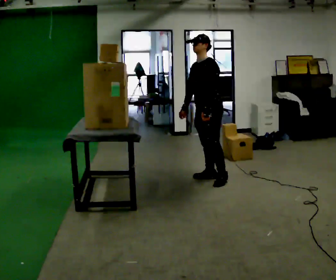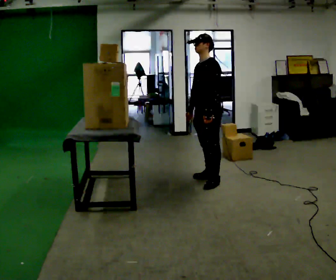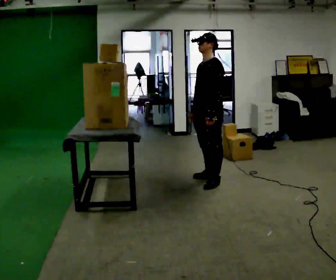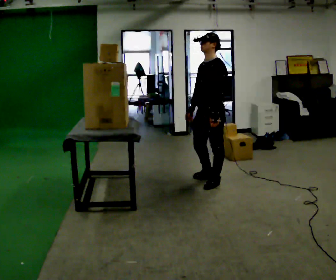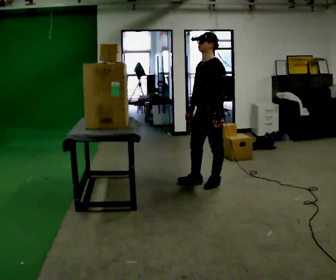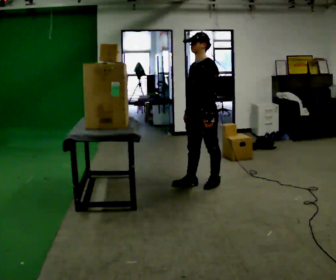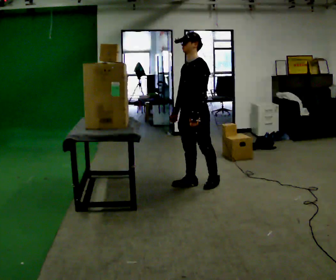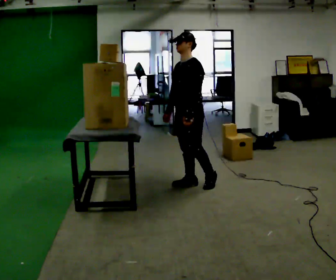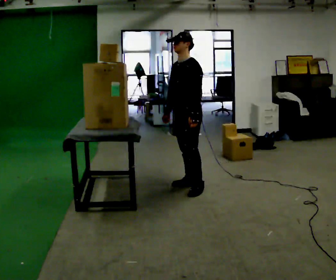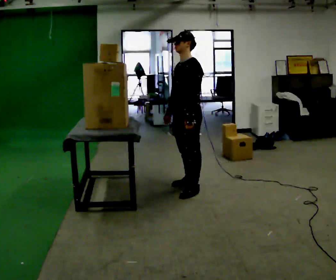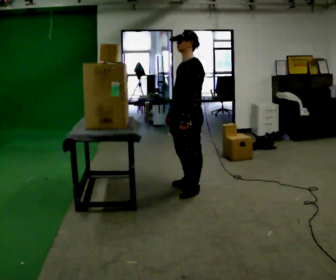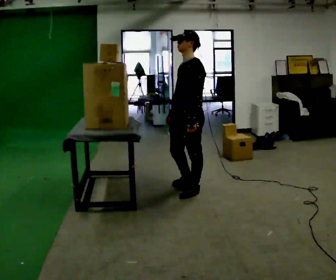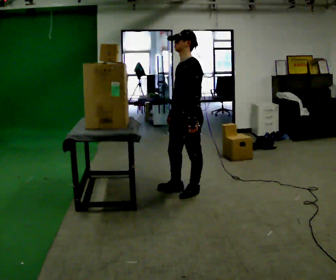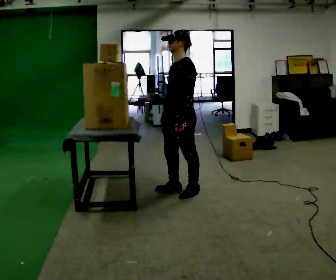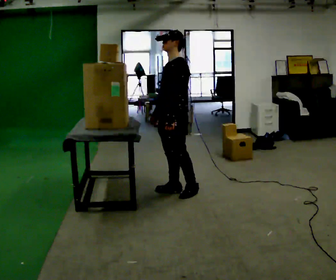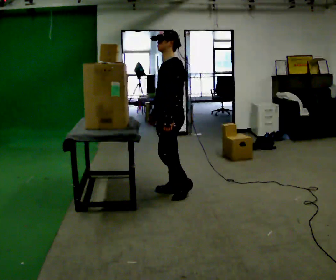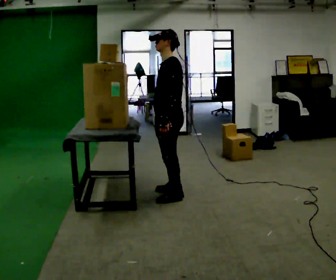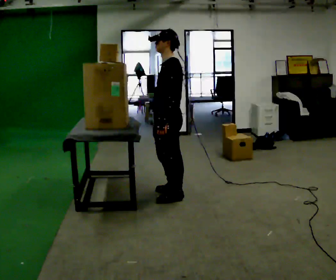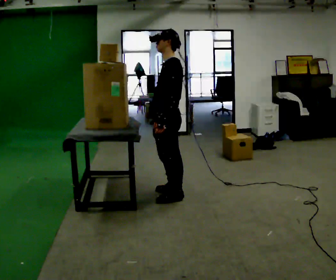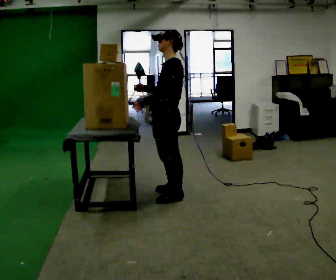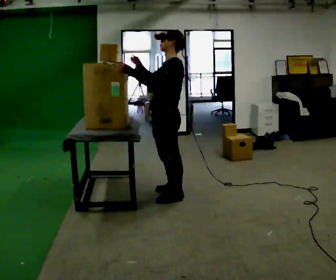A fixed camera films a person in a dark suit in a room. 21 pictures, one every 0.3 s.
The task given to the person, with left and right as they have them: Take an object from the highest shelf you can comfortably reach, carry it across, and place it on the lowest shelf. Keep going until the operator says stop; one object at a time, and do not rush between trips.
0.0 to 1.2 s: In the picture they go toward the camera, about 0.25 m in 1 step, which for them is to their left and forward.
1.2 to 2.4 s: In the picture they go to the left, about 0.25 m in 1 step, which for them is forward and to their right.
2.4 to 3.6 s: In the picture they go toward the camera, about 0.25 m in 1 step, which for them is to their left and forward.
3.6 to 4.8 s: In the picture they go to the left, about 0.25 m in 2 steps, which for them is forward.
4.8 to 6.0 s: In the picture their right hand goes upward, the arm swinging clockwise.
The film runs forward here.
